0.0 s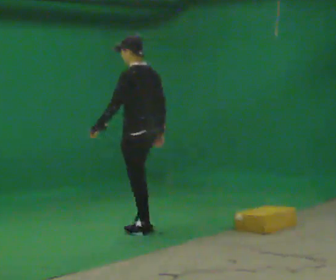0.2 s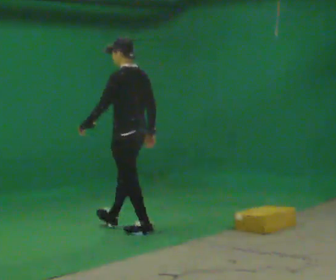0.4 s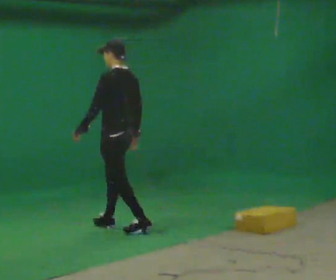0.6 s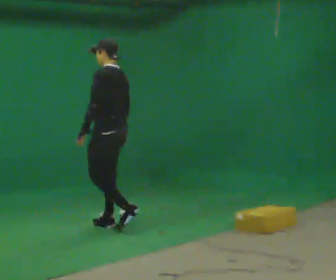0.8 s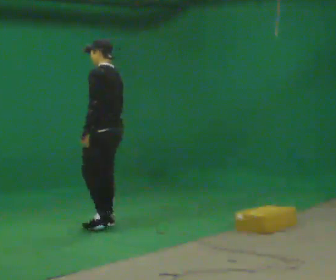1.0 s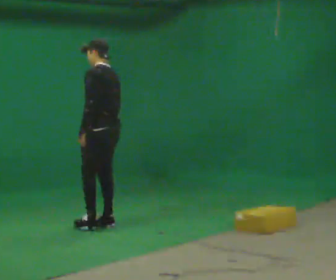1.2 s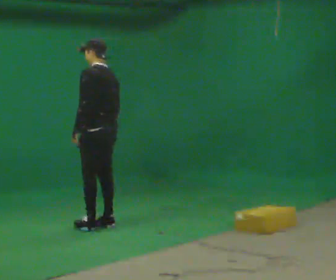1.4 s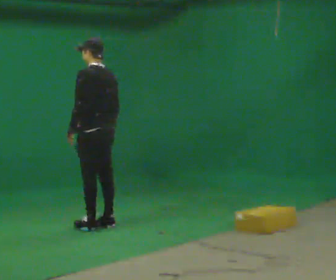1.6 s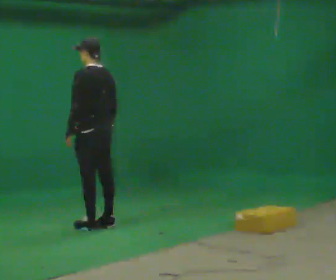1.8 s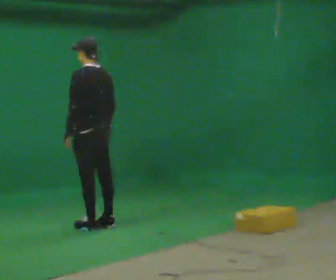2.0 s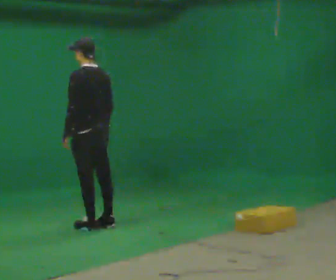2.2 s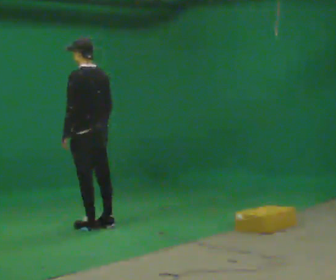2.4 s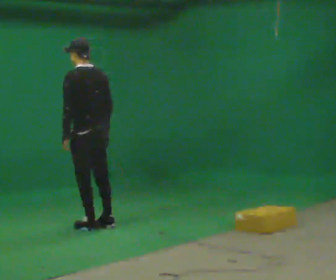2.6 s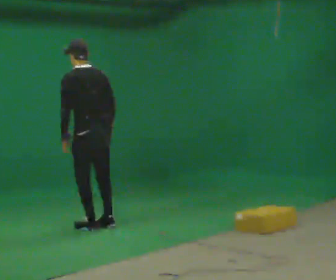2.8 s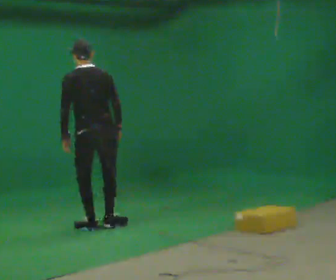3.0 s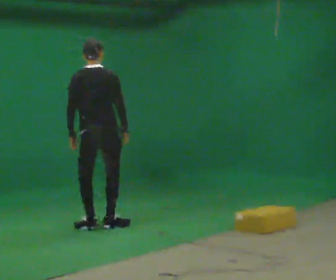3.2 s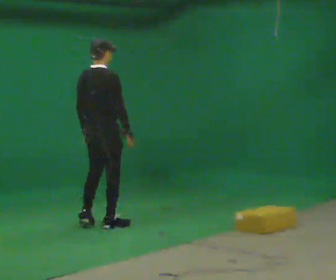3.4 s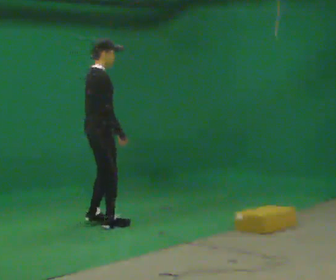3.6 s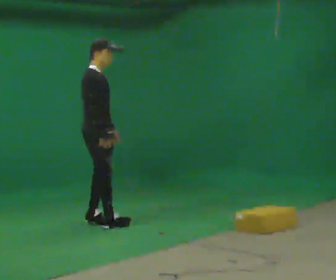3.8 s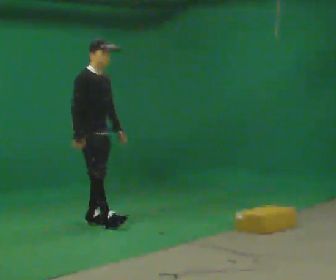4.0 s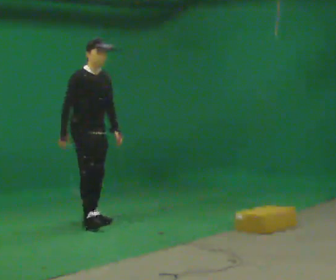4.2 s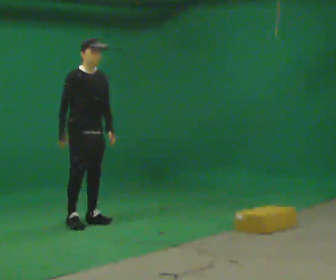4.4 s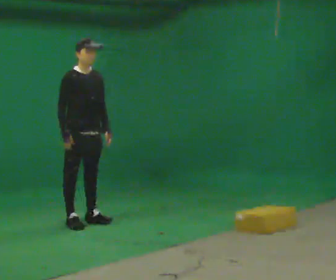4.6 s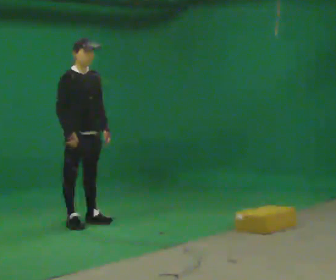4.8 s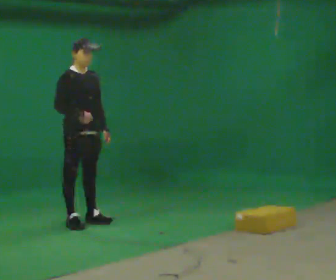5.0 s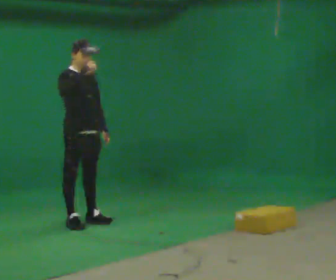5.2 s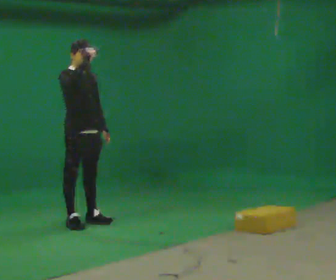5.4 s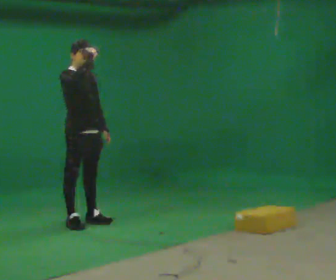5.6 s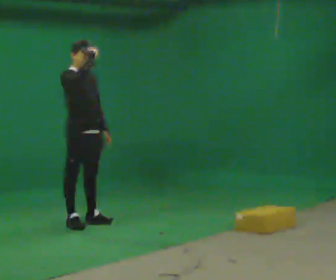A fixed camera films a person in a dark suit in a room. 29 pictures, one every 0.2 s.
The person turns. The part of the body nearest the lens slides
to the left.
The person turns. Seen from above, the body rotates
clockwise.
0.0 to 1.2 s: In the picture they go to the left and away from the camera, about 0.5 m in 2 steps, which for them is forward.
1.2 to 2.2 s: The person moves a little, or ends about where they began.
2.2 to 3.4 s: The part of the body nearest the lens slides to the left as the person turns to their right by about 120 degrees.
3.4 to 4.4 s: The part of the body nearest the lens slides to the left as the person turns to their right by about 60 degrees. In the picture they go to the left, about 0.25 m in 2 steps. In the picture their right hand goes to the left.
4.4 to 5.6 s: In the picture their right hand goes upward.
The film runs forward here.
